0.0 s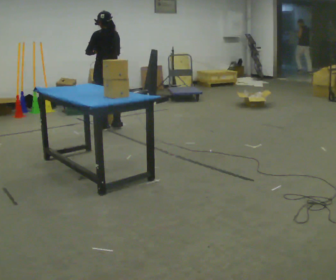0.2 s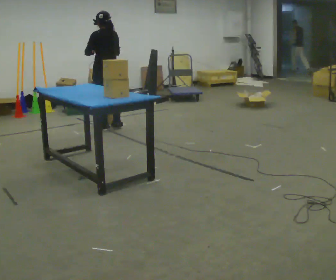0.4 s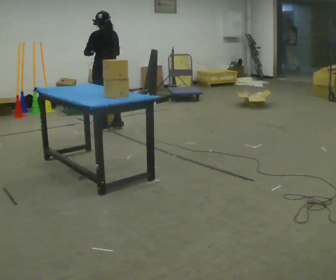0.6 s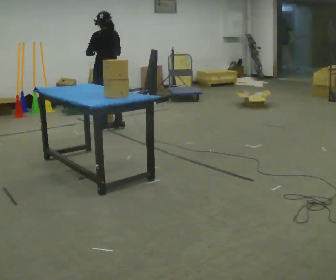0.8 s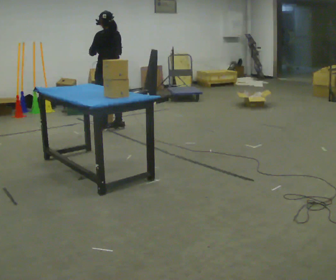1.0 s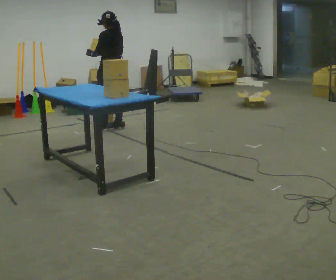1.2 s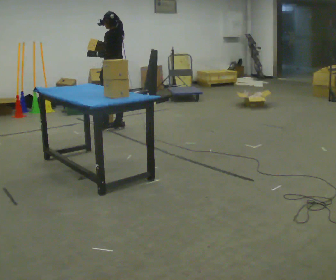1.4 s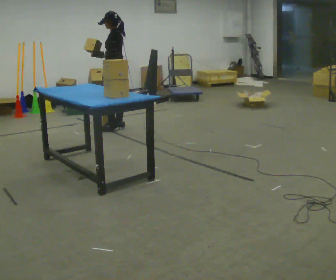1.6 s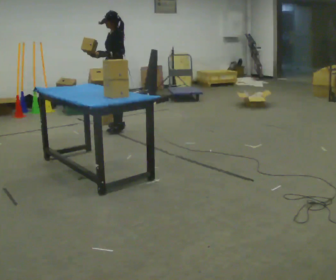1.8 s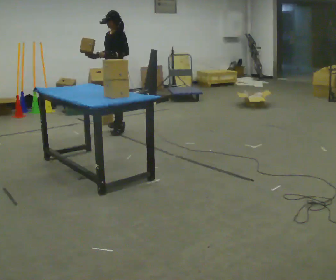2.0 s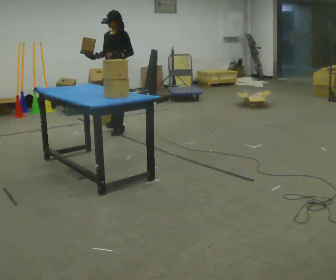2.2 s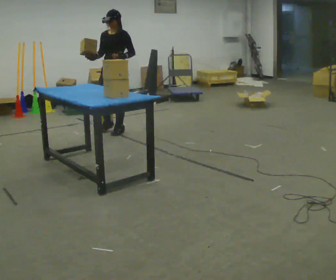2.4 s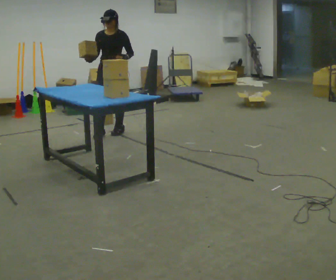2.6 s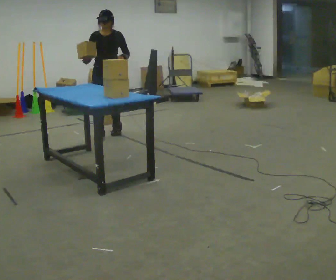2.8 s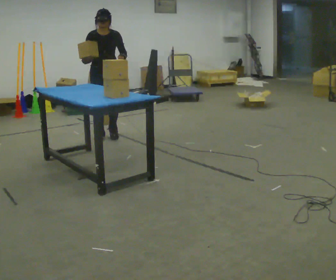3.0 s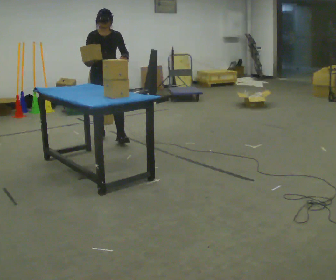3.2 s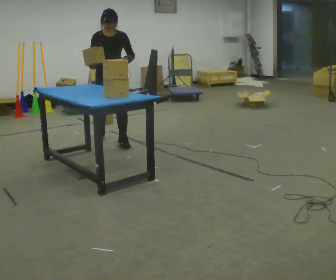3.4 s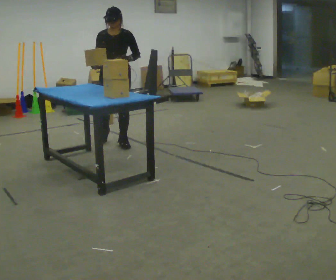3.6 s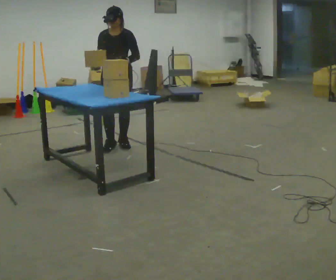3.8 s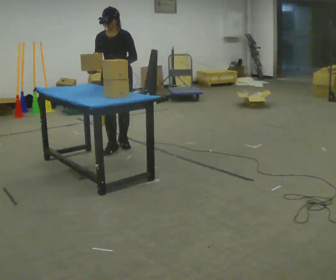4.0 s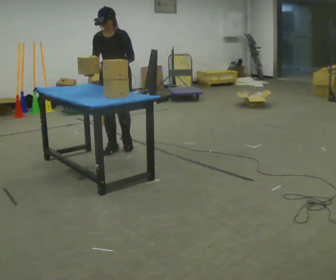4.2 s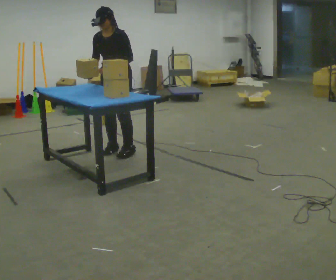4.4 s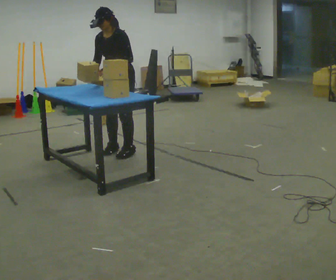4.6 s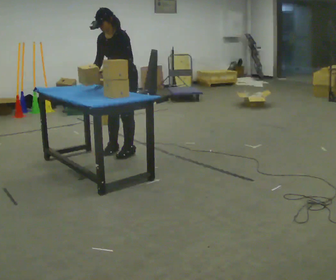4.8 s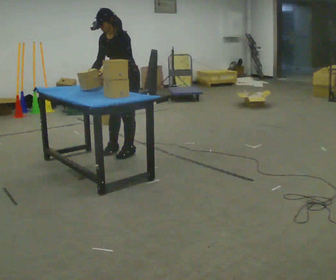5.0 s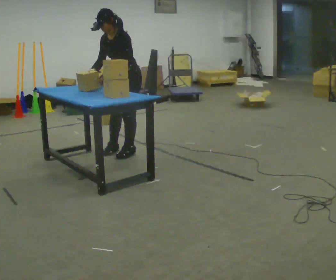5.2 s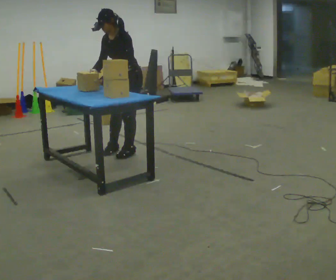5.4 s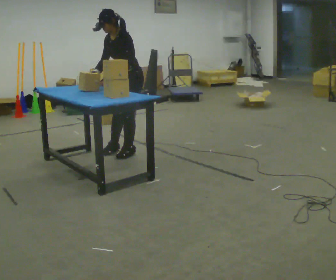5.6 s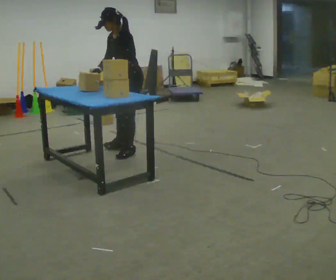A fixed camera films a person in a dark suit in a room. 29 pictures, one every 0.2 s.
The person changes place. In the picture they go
toward the camera.
0.0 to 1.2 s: The part of the body nearest the lens slides to the right as the person turns to their left by about 30 degrees.
1.2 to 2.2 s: Seen from above the body turns counterclockwise, about 75 degrees: to their left, with its near side sliding to the right. In the picture they go toward the camera, about 0.25 m in 1 step.
2.2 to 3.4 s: The part of the body nearest the lens slides to the right as the person turns to their left by about 30 degrees. In the picture they go toward the camera, about 0.5 m in 2 steps, which for them is forward.
3.4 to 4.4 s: The person turns about 30 degrees to their right, clockwise seen from above, so the part of the body nearest the lens slides to the left. In the picture they go toward the camera, about 0.25 m in 2 steps, which for them is forward and to their left. In the picture the upper body tilts counterclockwise, shoulders to the left, as they bend forward.
4.4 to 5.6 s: Seen from above the body turns clockwise, about 30 degrees: to their right, with its near side sliding to the left.
The film runs forward here.
